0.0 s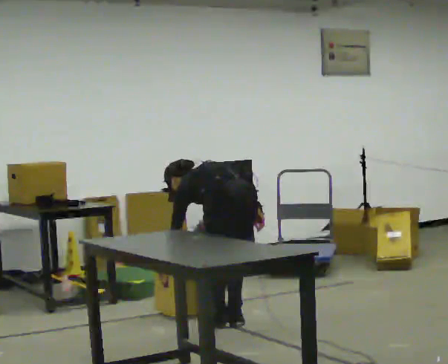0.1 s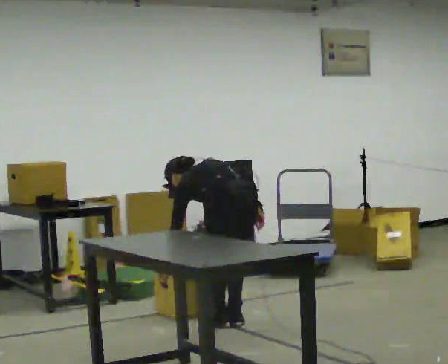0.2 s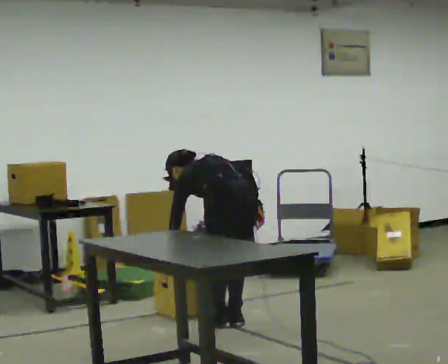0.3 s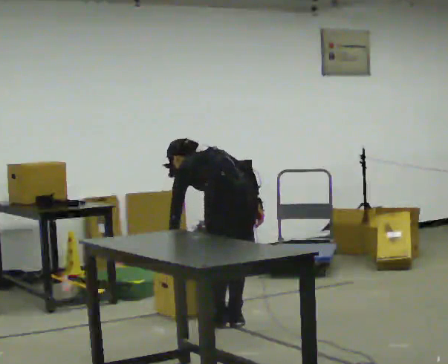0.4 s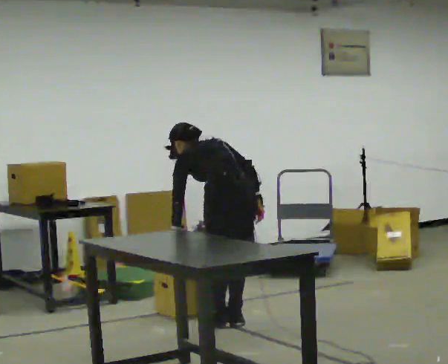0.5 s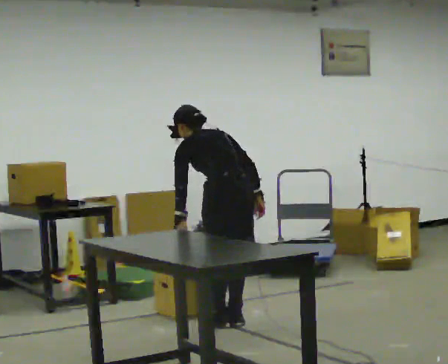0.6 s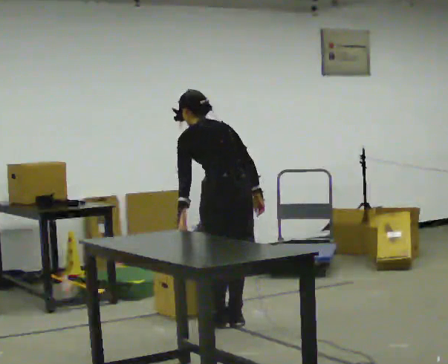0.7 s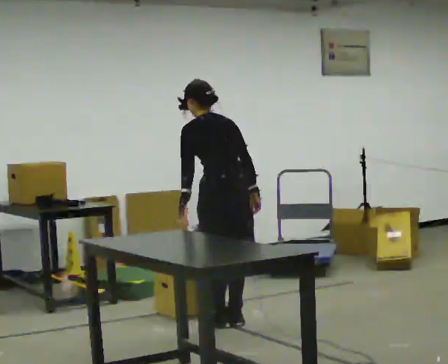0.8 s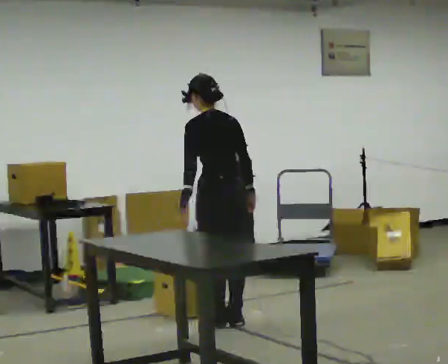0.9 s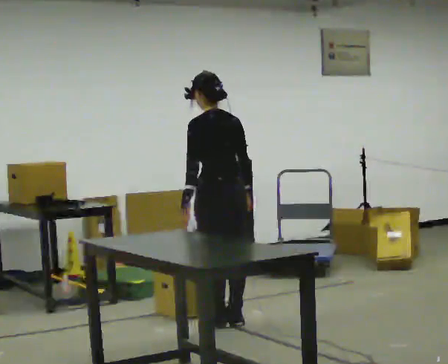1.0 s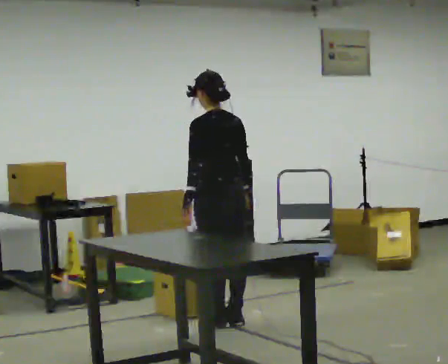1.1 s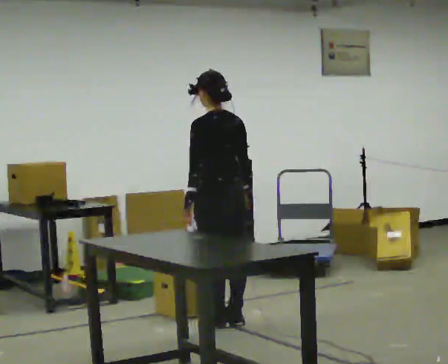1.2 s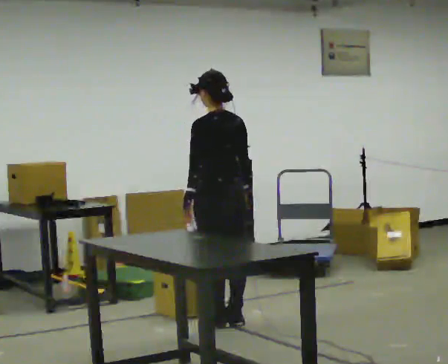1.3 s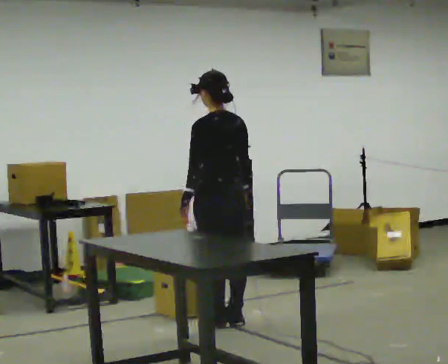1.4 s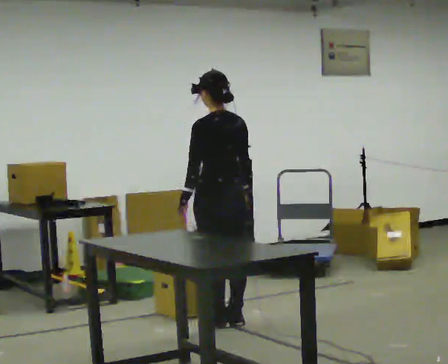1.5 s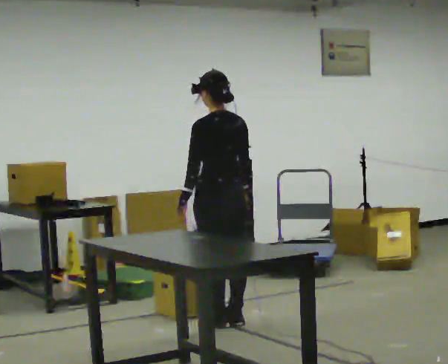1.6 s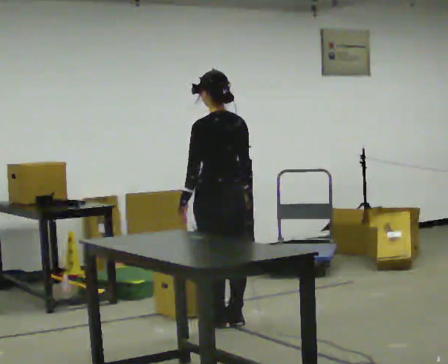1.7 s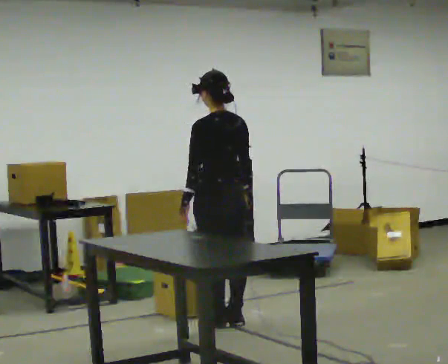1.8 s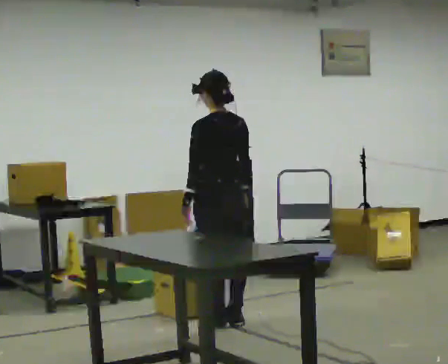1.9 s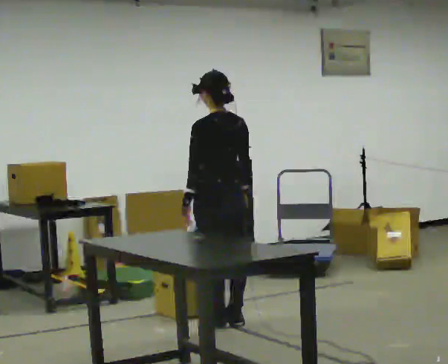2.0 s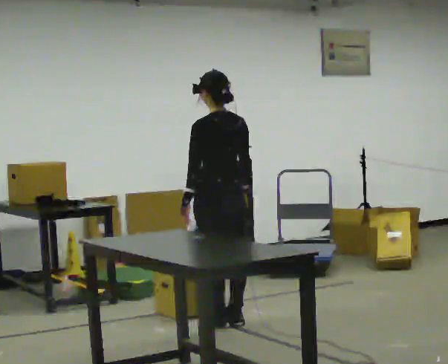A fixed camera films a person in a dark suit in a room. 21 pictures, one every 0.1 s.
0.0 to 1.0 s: The shoulders move upward. The upper body tips toward the camera, its near side rolling downward, as they lean back or straighten.
1.0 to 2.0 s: The person moves a little, or ends about where they began.
The film runs forward here.
